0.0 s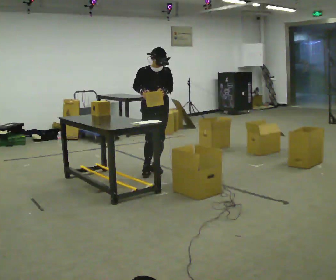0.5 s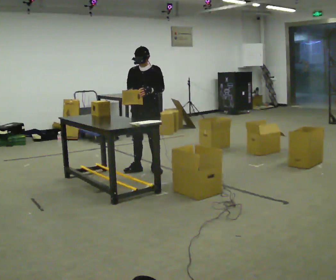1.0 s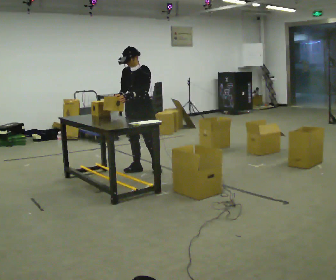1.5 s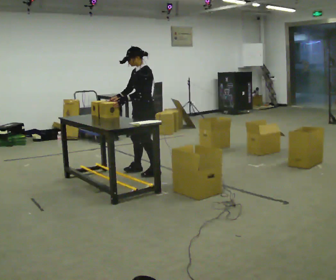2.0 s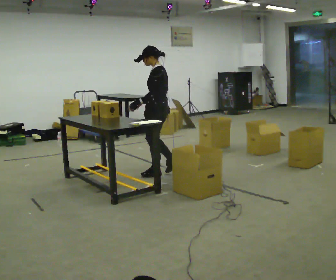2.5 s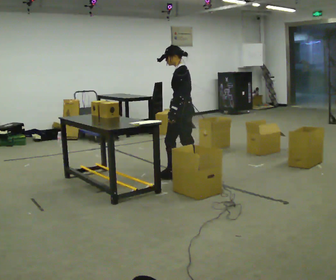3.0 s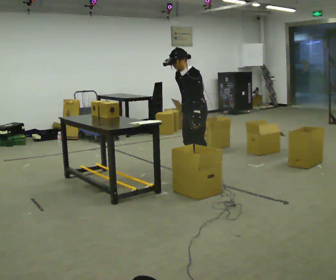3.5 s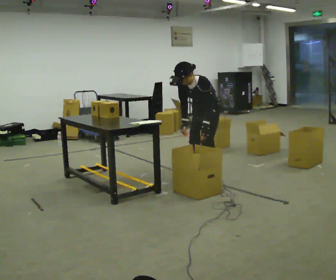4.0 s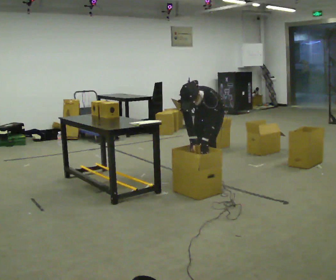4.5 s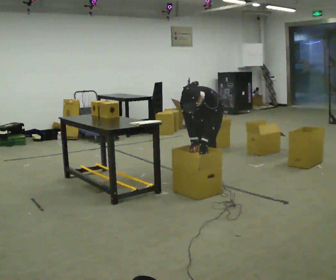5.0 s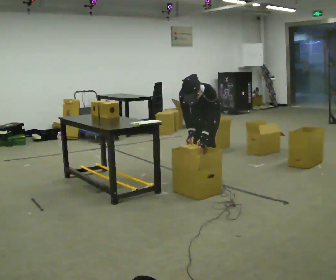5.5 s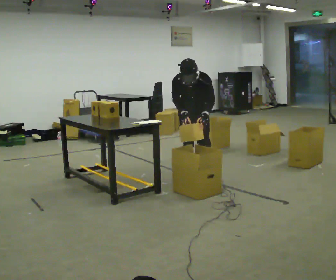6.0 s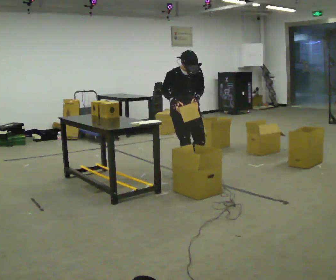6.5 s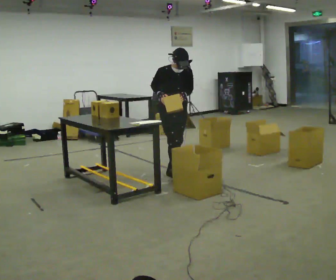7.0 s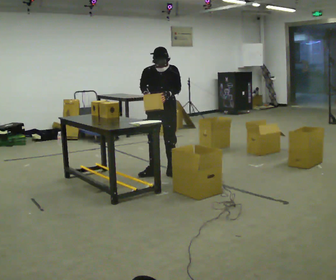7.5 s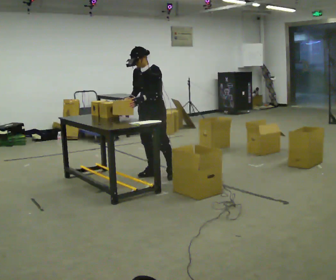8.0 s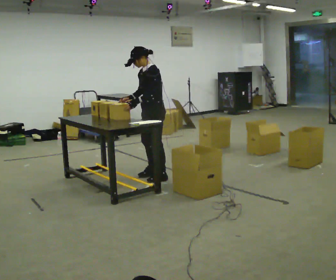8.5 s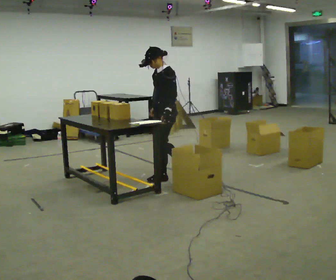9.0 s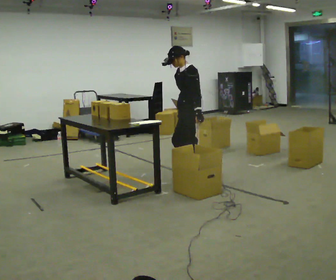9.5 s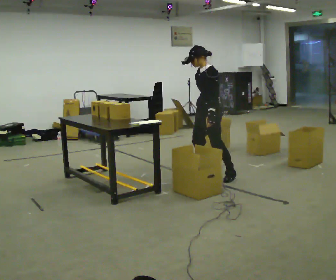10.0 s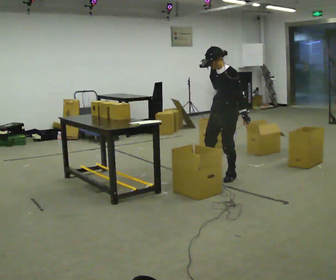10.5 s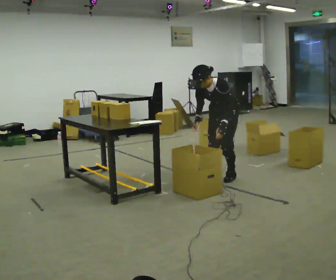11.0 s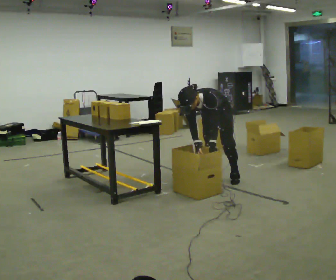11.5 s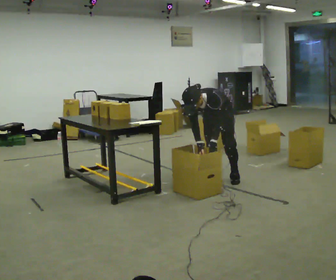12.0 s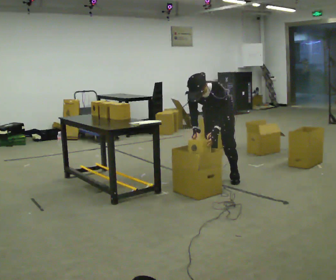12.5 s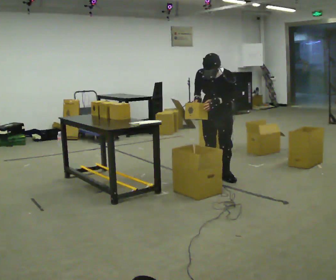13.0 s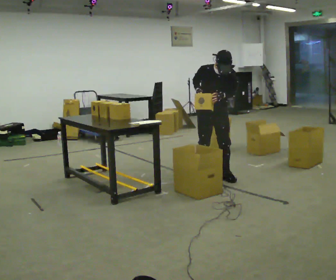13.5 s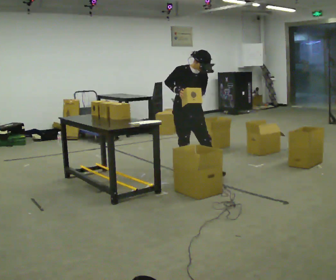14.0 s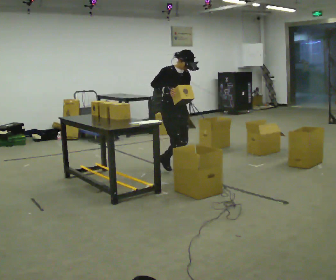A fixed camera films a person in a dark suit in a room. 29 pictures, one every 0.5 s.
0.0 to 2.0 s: The person turns about 120 degrees to their right, clockwise seen from above, so the part of the body nearest the lens slides to the left. In the picture they go toward the camera, about 0.25 m in 2 steps.
2.0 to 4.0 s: Seen from above the body turns counterclockwise, about 60 degrees: to their left, with its near side sliding to the right. In the picture they go to the right and toward the camera, about 0.5 m in 1 step. The shoulders move downward. The upper body tips toward the camera, its near side rolling downward, as they bend forward. In the picture their left hand goes downward.
4.0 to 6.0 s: The part of the body nearest the lens slides to the right as the person turns to their left by about 60 degrees. In the picture they go to the left, about 0.25 m in 1 step, which for them is to their right. The upper body goes upward. In the picture the upper body tilts clockwise, shoulders to the right, as they lean back or straighten. In the picture their right hand goes upward.
6.0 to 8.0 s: The part of the body nearest the lens slides to the left as the person turns to their right by about 90 degrees. In the picture they go to the left, about 0.25 m in 2 steps. The upper body tips away from the camera, its near side rolling upward.
8.0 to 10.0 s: In the picture they go to the right, about 1 m in 3 steps, which for them is backward and to their left.
10.0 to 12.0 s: The part of the body nearest the lens slides to the right as the person turns to their left by about 30 degrees. In the picture their right hand goes to the left.
12.0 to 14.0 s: Seen from above the body turns counterclockwise, about 75 degrees: to their left, with its near side sliding to the right. In the picture they go to the left and away from the camera, about 0.5 m in 2 steps. The shoulders move upward. The upper body tips away from the camera, its near side rolling upward, as they lean back or straighten. In the picture their right hand goes upward.
The film runs backward here.
